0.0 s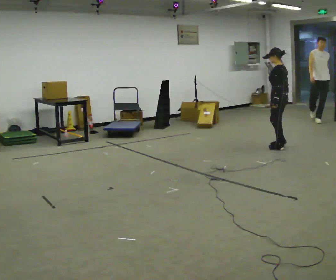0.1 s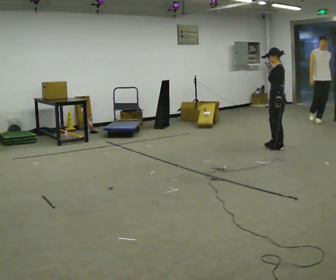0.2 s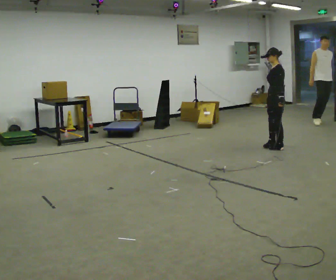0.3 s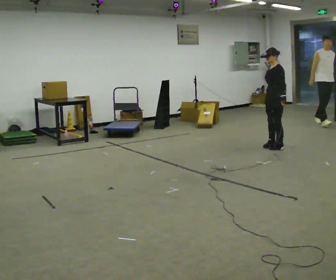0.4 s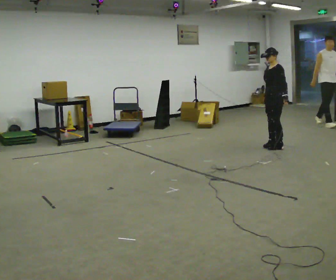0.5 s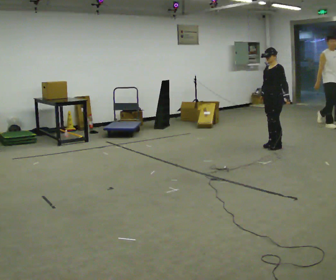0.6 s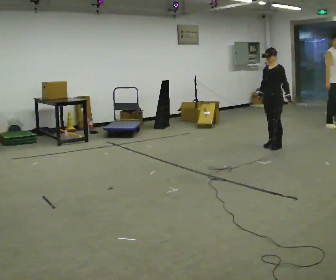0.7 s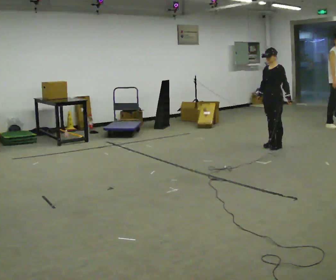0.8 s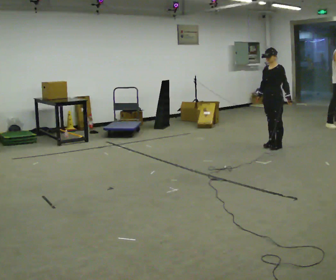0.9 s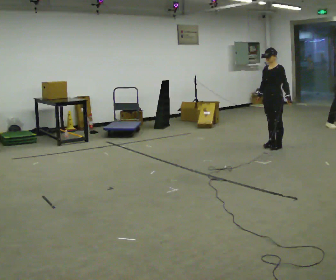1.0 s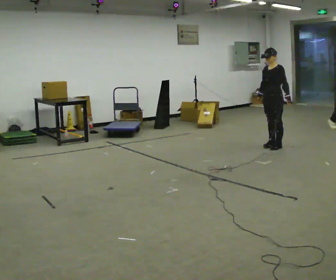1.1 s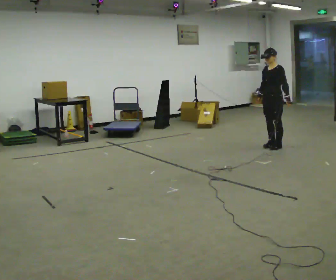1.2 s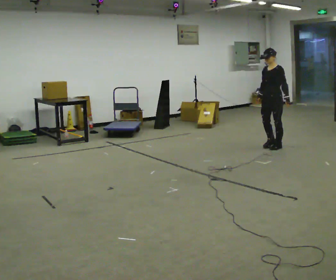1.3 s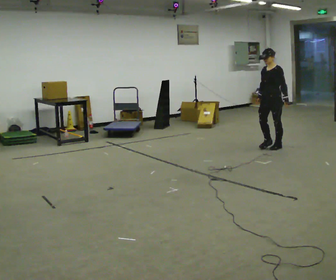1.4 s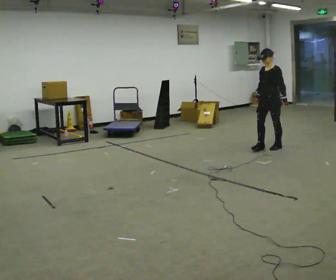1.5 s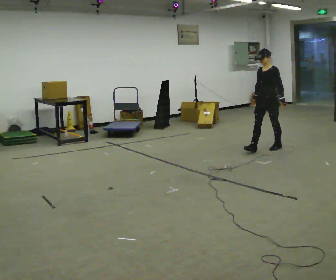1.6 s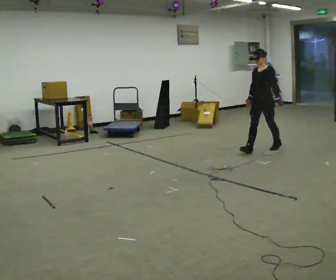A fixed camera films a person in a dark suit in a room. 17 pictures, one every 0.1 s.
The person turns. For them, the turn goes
to their left.
The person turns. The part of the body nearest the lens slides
to the right.
0.0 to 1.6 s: The part of the body nearest the lens slides to the right as the person turns to their left by about 75 degrees. In the picture they go to the left, about 0.25 m in 3 steps.
The film runs forward here.
